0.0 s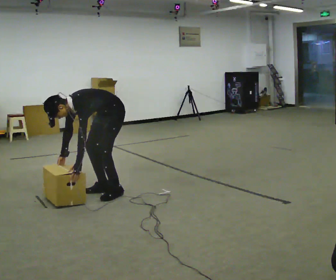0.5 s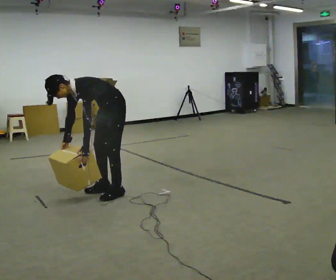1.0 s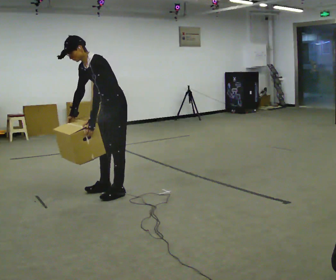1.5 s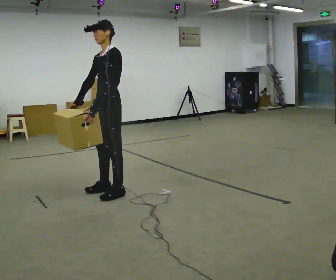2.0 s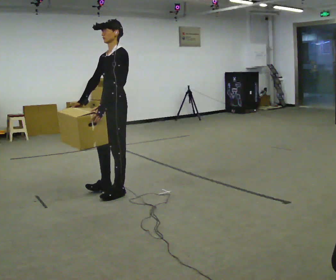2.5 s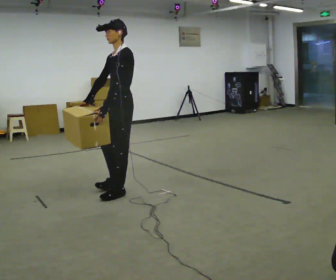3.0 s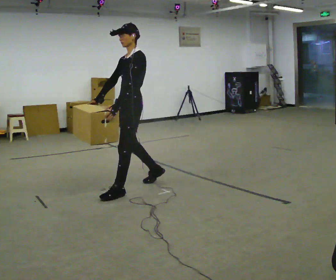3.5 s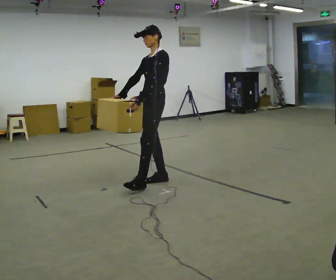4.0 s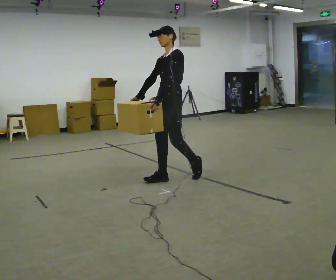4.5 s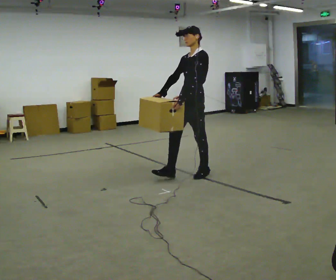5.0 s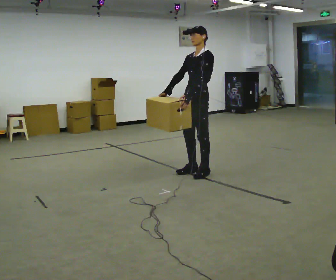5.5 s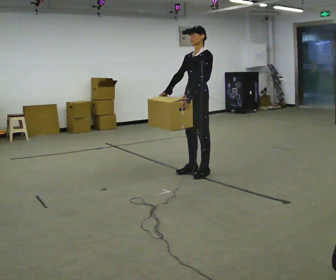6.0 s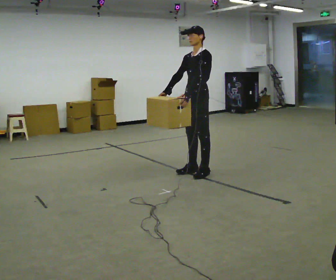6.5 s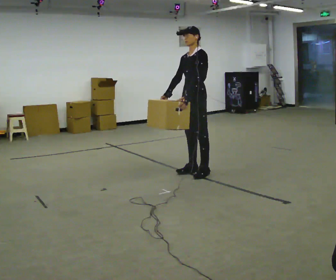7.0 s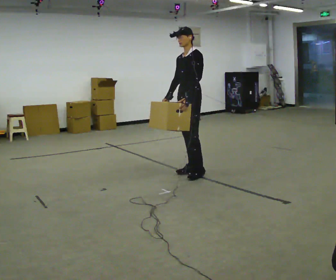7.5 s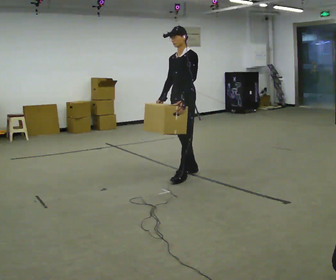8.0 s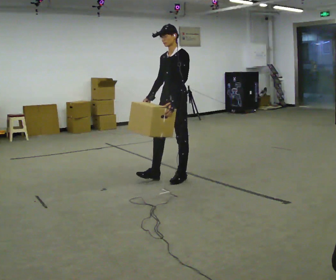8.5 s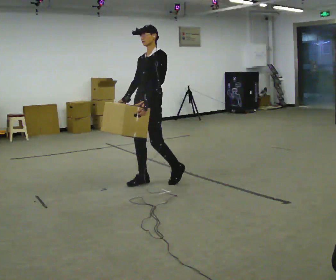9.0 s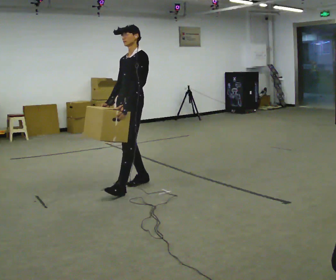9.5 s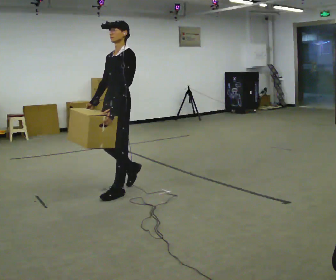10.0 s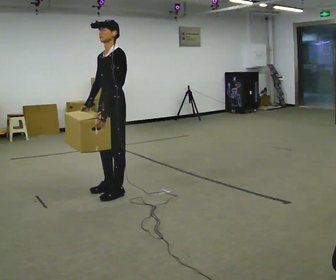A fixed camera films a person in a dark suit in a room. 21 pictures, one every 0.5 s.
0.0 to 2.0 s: In the picture they go toward the camera, about 0.25 m, which for them is to their left. The shoulders move upward. In the picture the upper body tilts clockwise, shoulders to the right, as they lean back or straighten. In the picture their right hand goes upward.
2.0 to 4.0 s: In the picture they go to the right and away from the camera, about 0.5 m in 2 steps, which for them is backward.
4.0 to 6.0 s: In the picture they go to the right and away from the camera, about 0.5 m in 1 step, which for them is backward.
6.0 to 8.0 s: In the picture they go to the left and toward the camera, about 0.25 m in 2 steps, which for them is forward.
8.0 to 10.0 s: In the picture they go to the left and toward the camera, about 1 m in 2 steps, which for them is forward.
The film runs backward here.
